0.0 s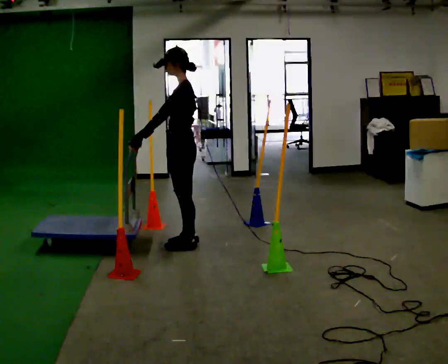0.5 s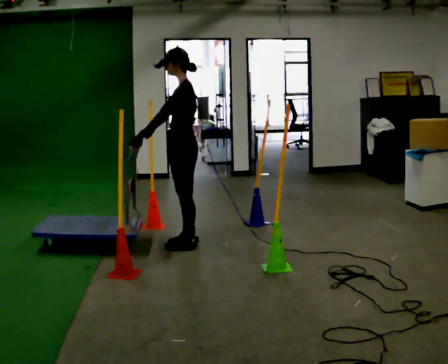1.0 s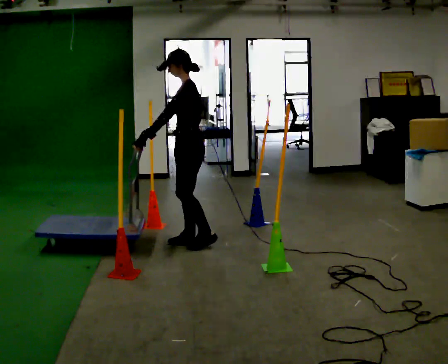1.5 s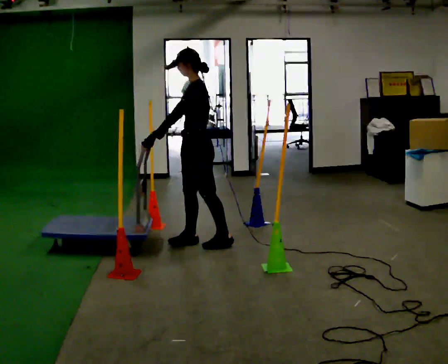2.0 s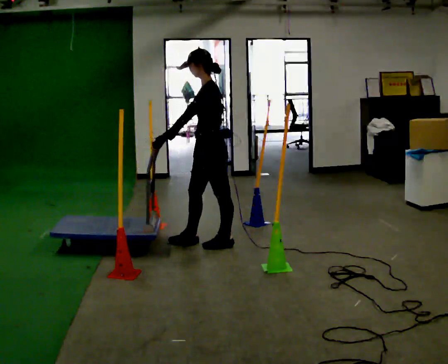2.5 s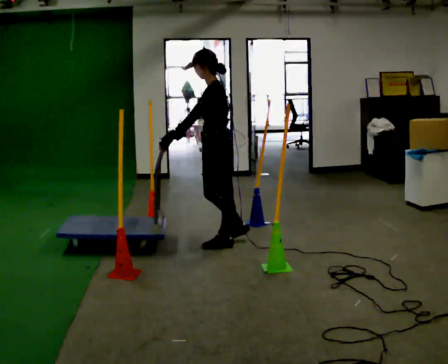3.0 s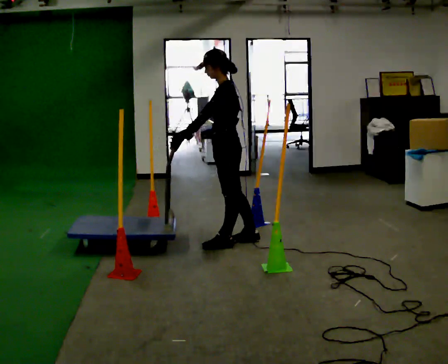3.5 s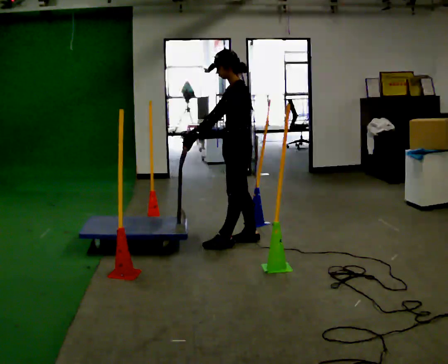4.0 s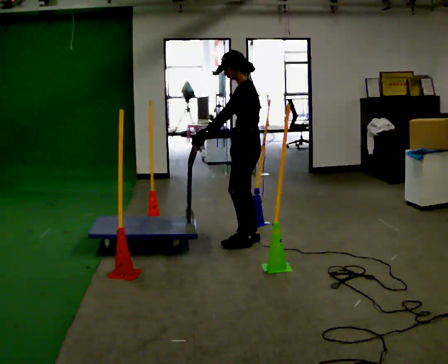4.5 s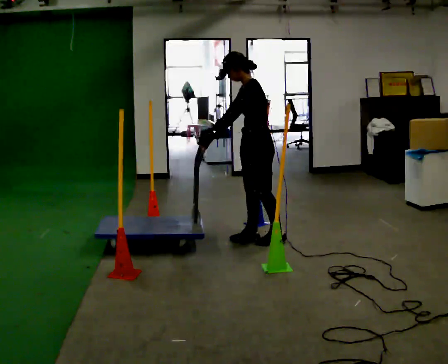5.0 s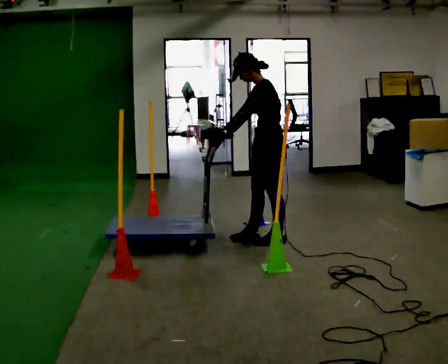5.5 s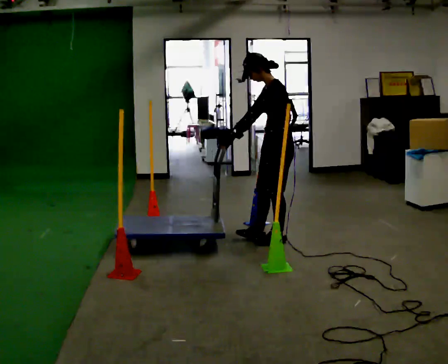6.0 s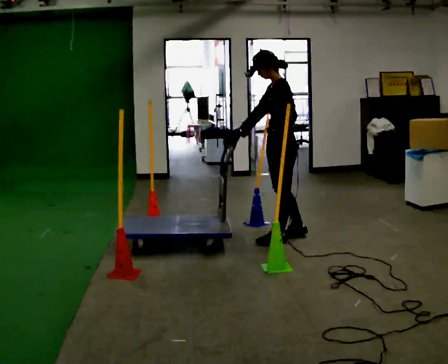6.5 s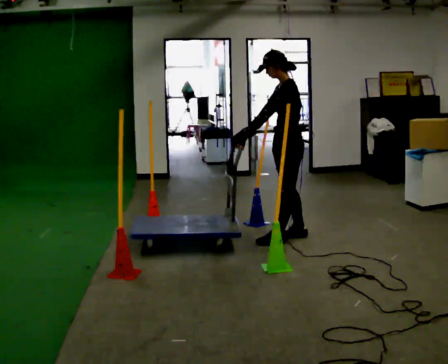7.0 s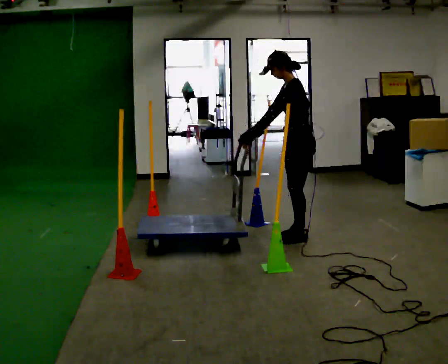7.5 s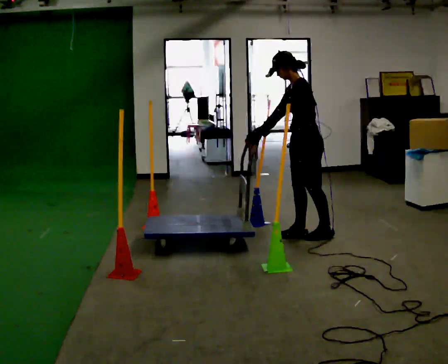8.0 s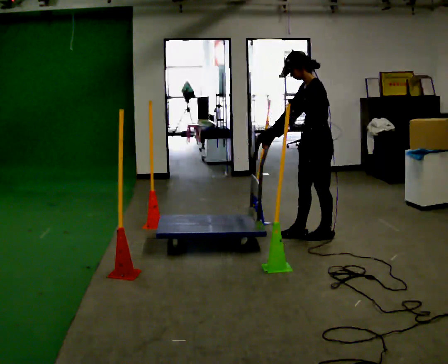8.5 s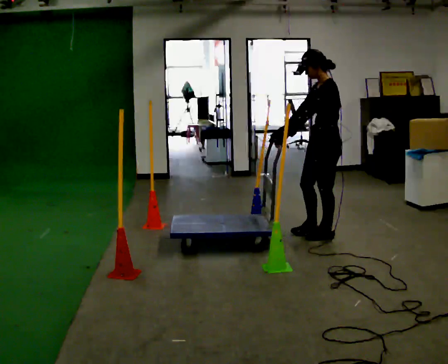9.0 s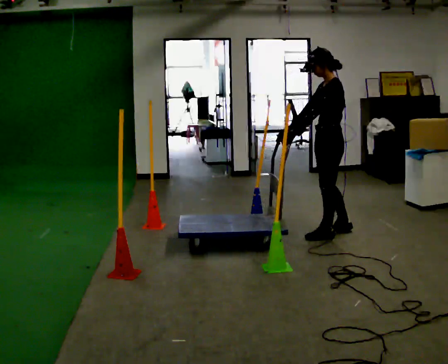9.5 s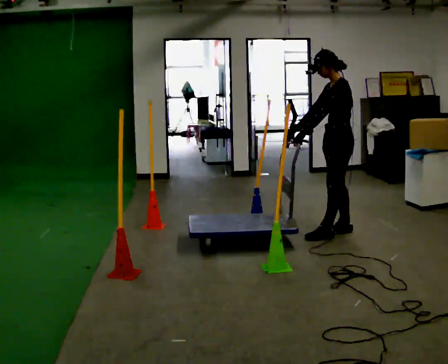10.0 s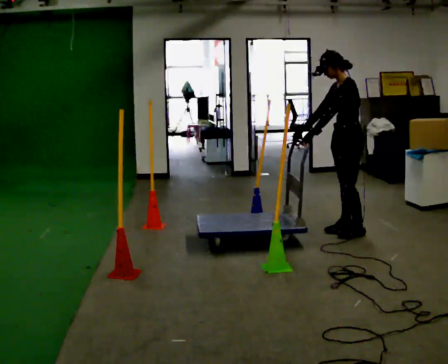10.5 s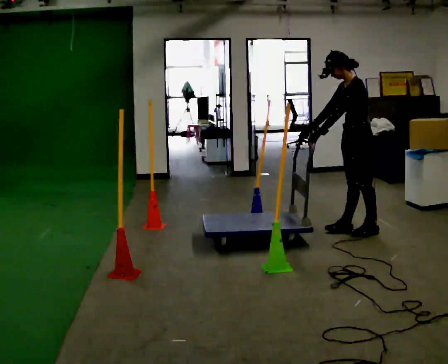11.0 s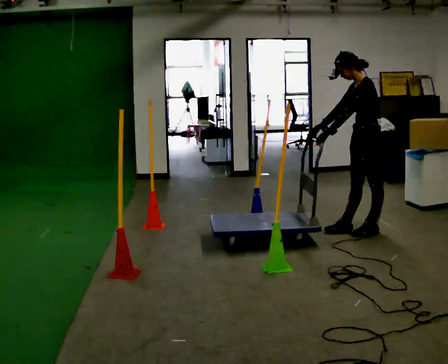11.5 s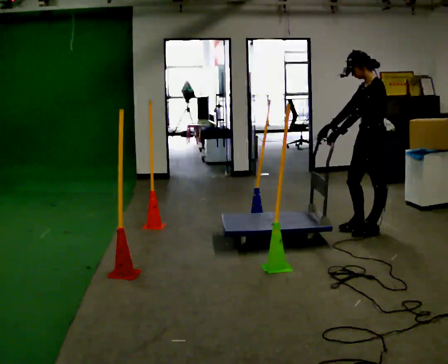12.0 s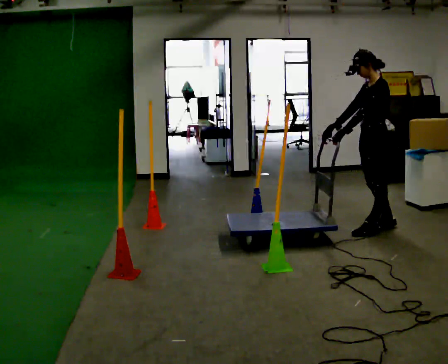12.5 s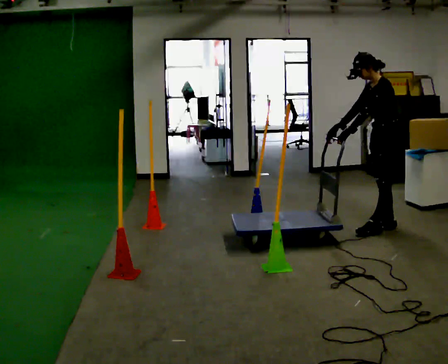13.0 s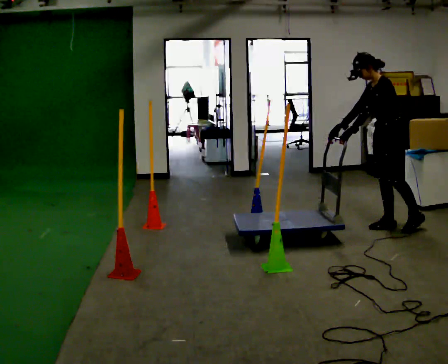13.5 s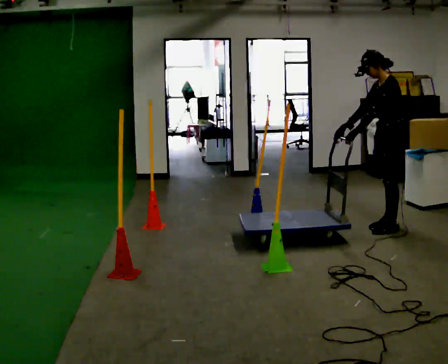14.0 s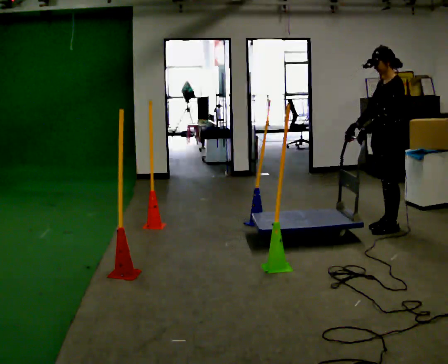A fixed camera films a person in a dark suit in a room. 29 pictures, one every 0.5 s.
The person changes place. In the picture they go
to the right.
0.0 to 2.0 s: In the picture they go to the right, about 0.25 m in 1 step, which for them is backward.
2.0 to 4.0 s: In the picture they go to the right and away from the camera, about 0.25 m in 1 step, which for them is backward and to their right.
4.0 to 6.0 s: In the picture they go to the right, about 0.25 m in 2 steps, which for them is backward.
6.0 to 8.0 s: In the picture they go to the right, about 0.25 m in 1 step, which for them is backward.
8.0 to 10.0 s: In the picture they go to the right, about 0.25 m in 1 step, which for them is backward and to their right.
10.0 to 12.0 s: In the picture they go to the right, about 0.25 m in 2 steps, which for them is backward.
12.0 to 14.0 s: The person moves a little, or ends about where they began.
The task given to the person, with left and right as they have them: Push the cart in and out of the line of poles without touching any of them. Keep going until the operator says stop.
The film runs forward here.
